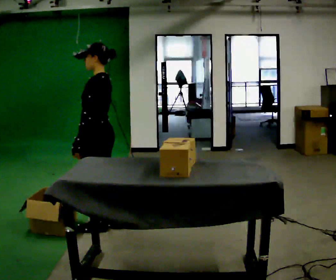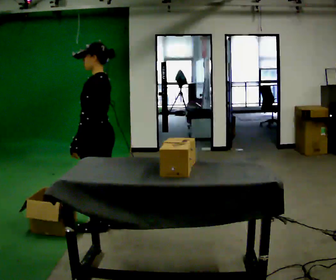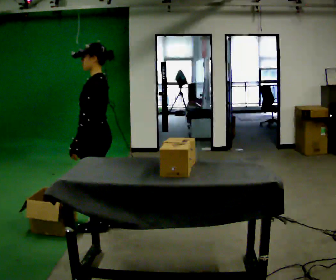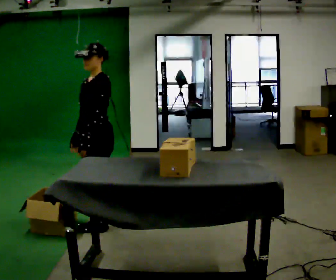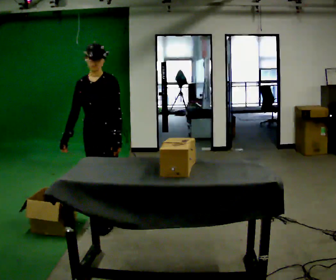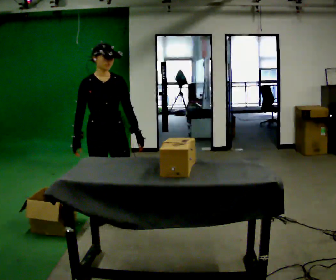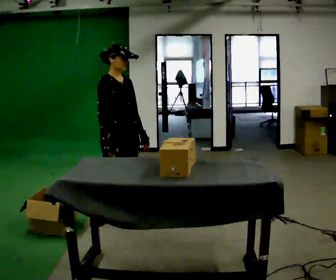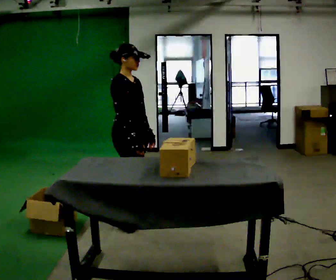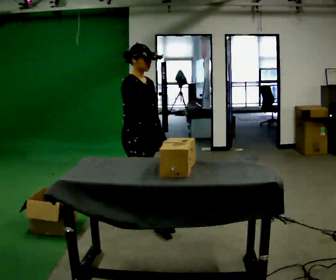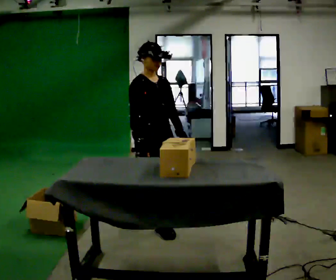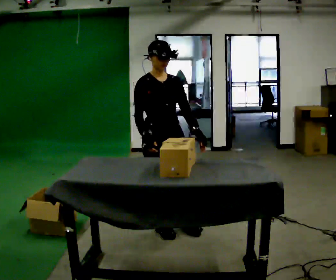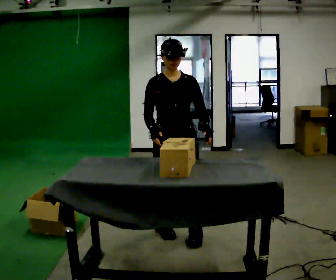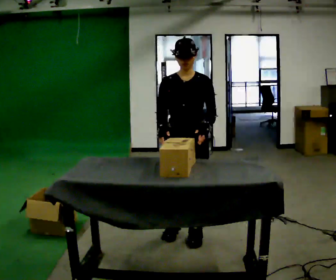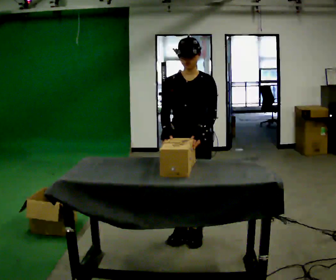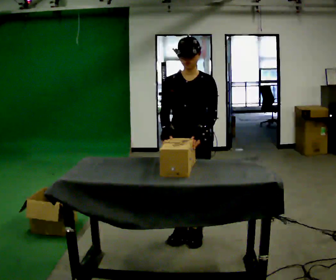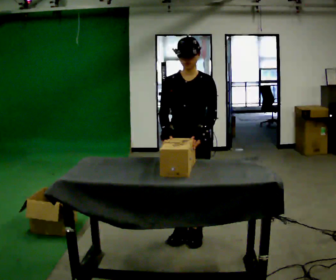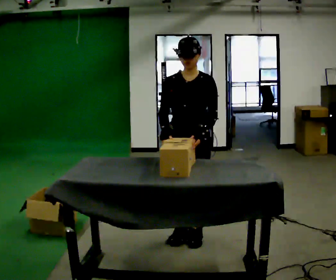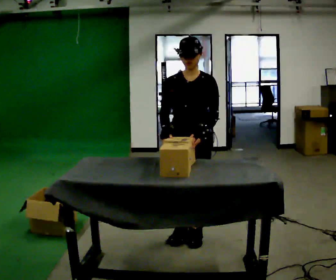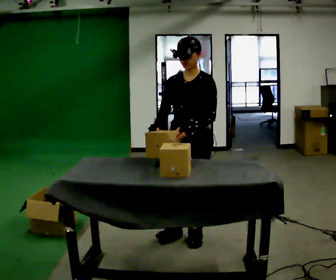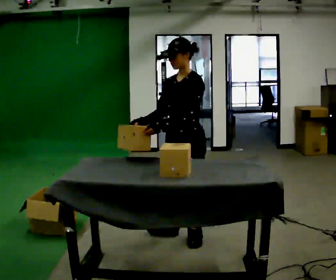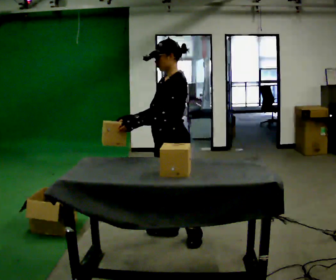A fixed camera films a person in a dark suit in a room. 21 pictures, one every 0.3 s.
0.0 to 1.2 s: Seen from above the body turns counterclockwise, about 75 degrees: to their left, with its near side sliding to the right.
1.2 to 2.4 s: The part of the body nearest the lens slides to the right as the person turns to their left by about 75 degrees. In the picture they go to the right, about 0.25 m in 2 steps.
2.4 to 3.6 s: The person turns about 75 degrees to their right, clockwise seen from above, so the part of the body nearest the lens slides to the left. In the picture they go to the right and toward the camera, about 0.5 m in 1 step.
3.6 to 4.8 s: The person moves a little, or ends about where they began.
4.8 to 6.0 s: The person turns about 60 degrees to their right, clockwise seen from above, so the part of the body nearest the lens slides to the left.
The film runs forward here.
